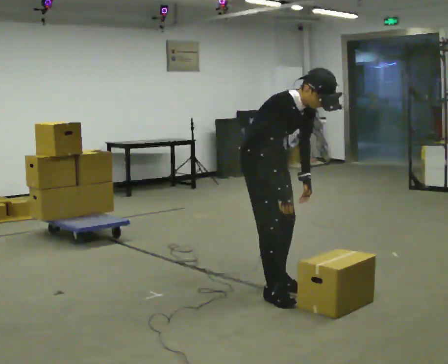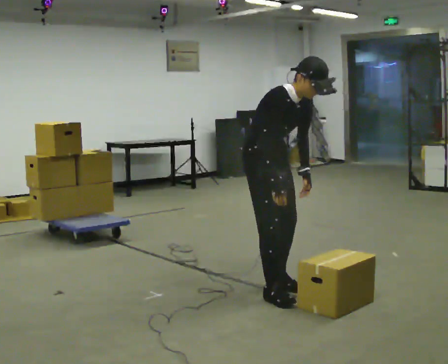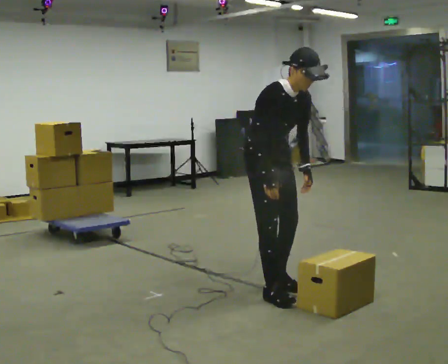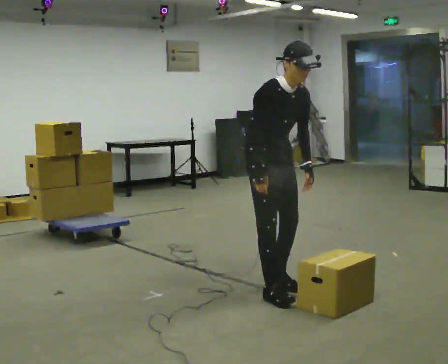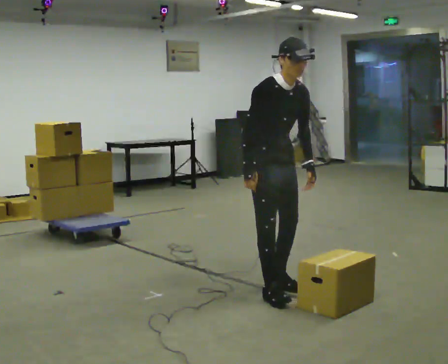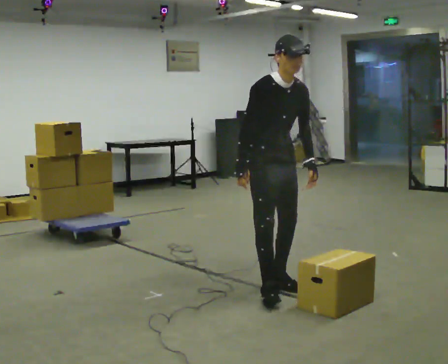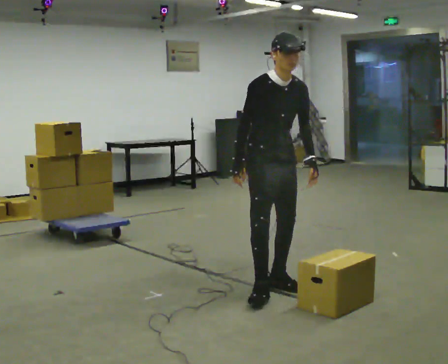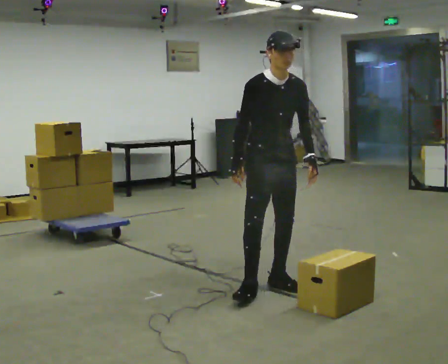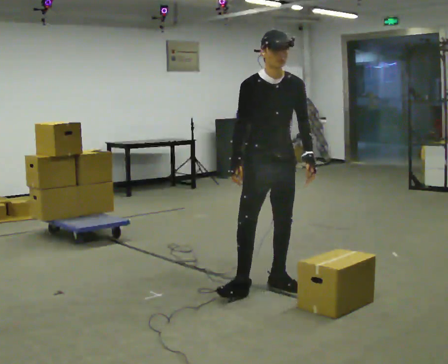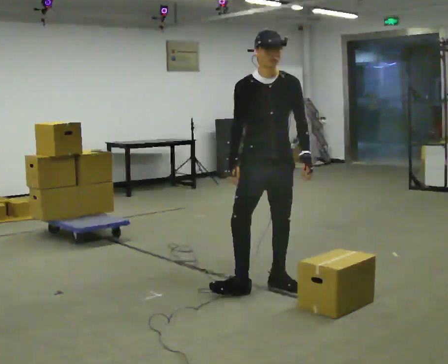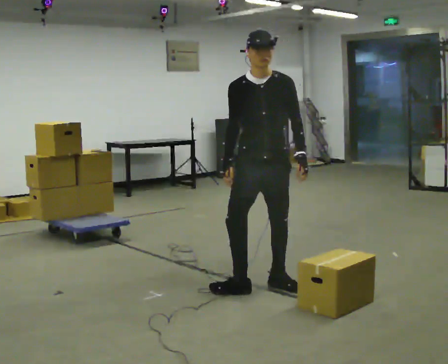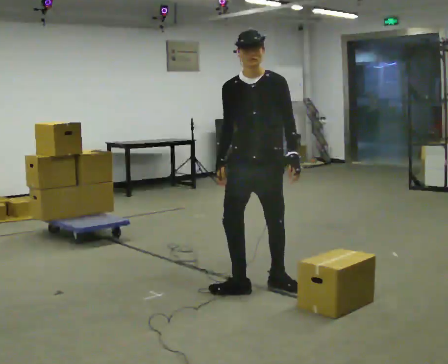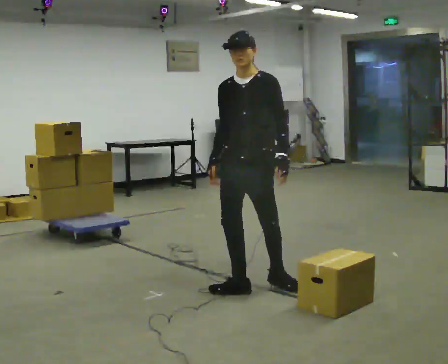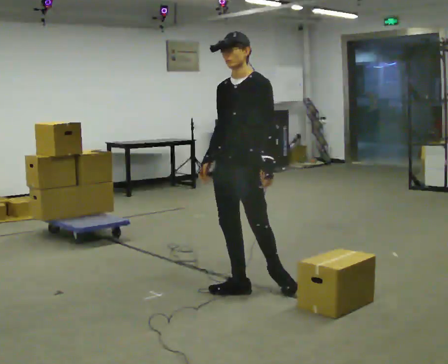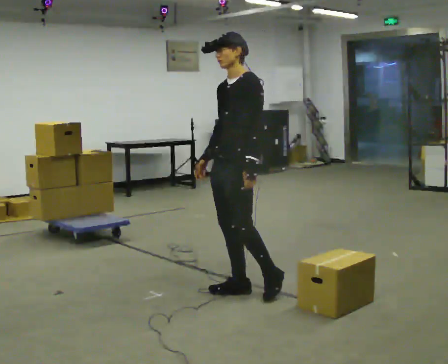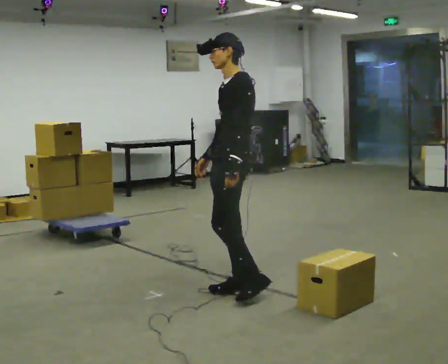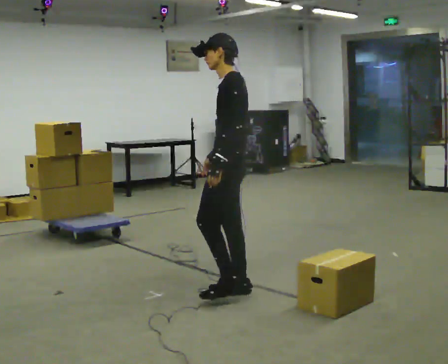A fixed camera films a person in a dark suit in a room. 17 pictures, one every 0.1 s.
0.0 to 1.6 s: The part of the body nearest the lens slides to the left as the person turns to their right by about 150 degrees. In the picture the upper body tilts counterclockwise, shoulders to the left, as they lean back or straighten. In the picture their left hand goes to the left.
The film runs forward here.
